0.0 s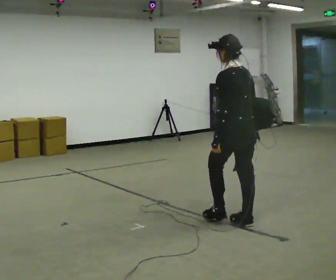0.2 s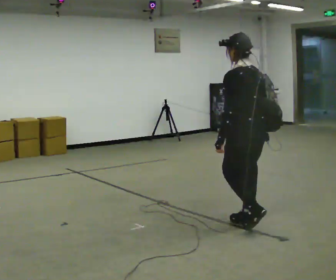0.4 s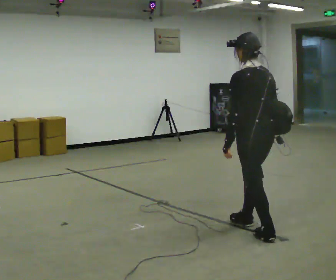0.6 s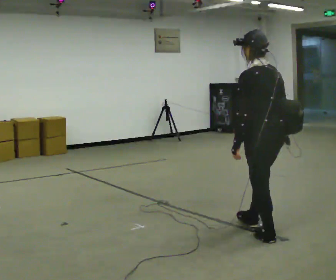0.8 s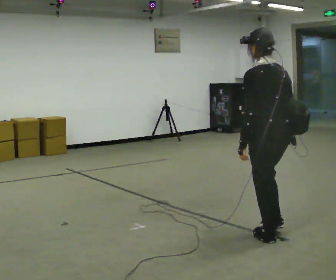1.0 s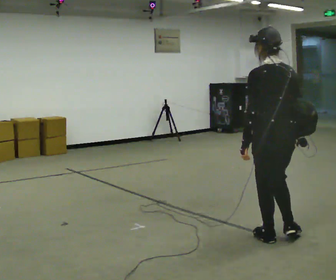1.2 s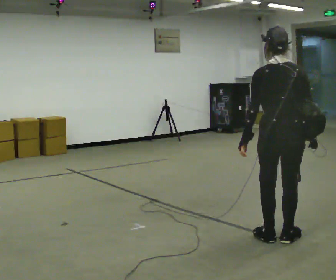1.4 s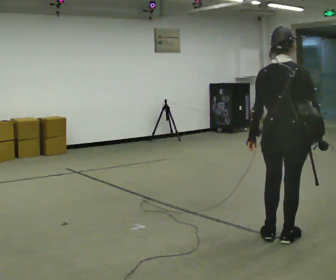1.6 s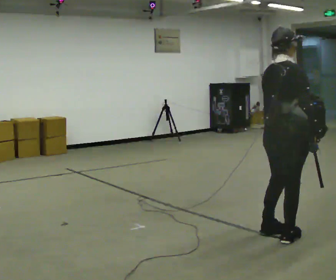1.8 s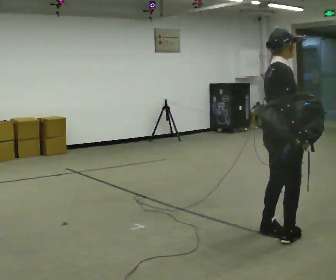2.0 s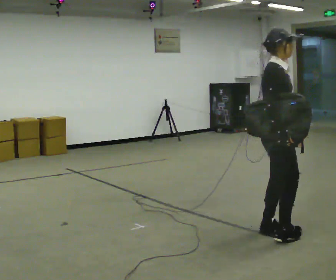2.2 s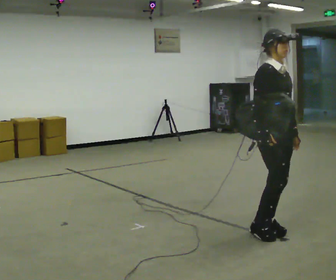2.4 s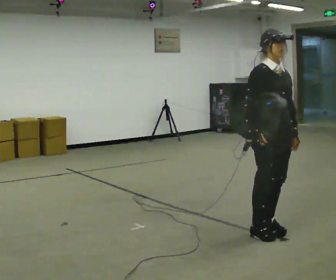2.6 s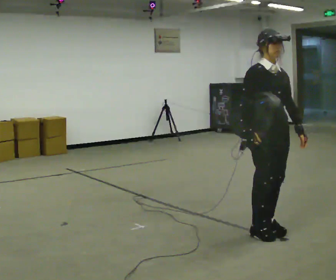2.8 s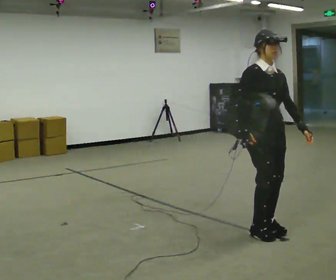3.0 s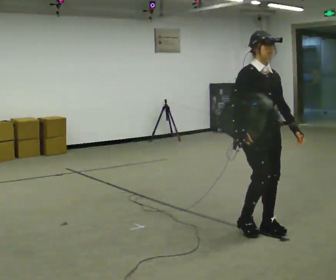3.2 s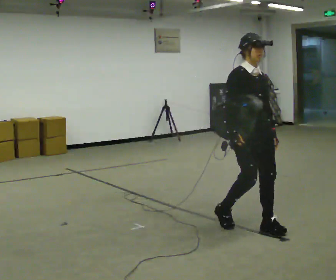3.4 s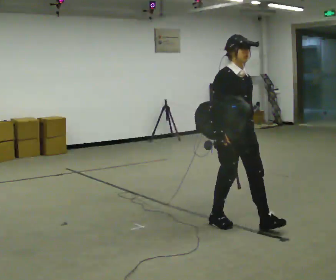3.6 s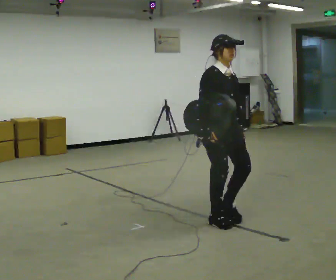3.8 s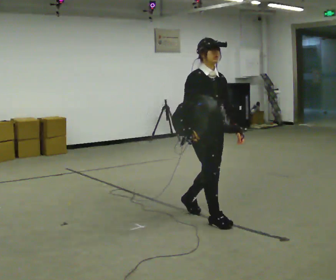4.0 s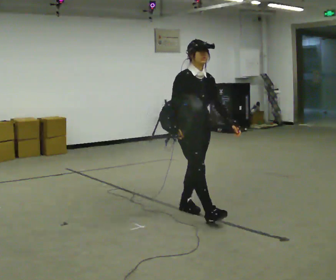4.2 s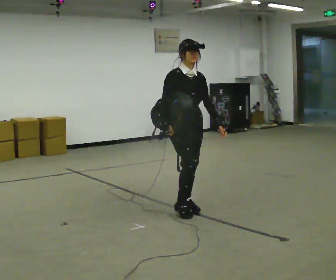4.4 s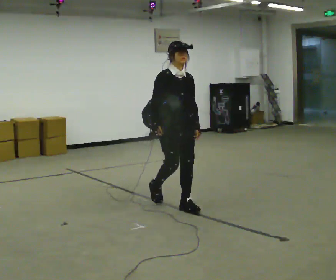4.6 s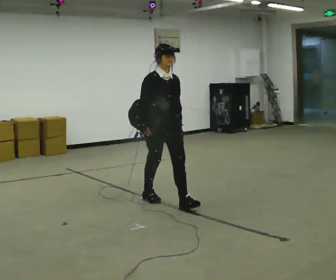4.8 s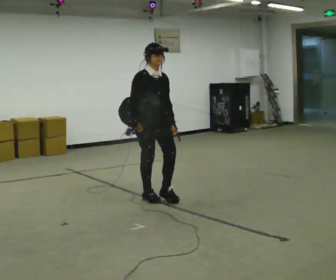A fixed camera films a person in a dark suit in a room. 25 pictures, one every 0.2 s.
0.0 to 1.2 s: Seen from above the body turns clockwise, about 30 degrees: to their right, with its near side sliding to the left. In the picture they go toward the camera and to the right, about 0.5 m in 1 step, which for them is backward.
1.2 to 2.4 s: The person turns about 150 degrees to their right, clockwise seen from above, so the part of the body nearest the lens slides to the left. In the picture they go away from the camera, about 0.25 m in 2 steps. In the picture their right hand goes to the left.
2.4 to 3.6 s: In the picture they go to the left and away from the camera, about 0.5 m in 2 steps, which for them is backward and to their right.
3.6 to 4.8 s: In the picture they go to the left and away from the camera, about 1 m in 2 steps, which for them is backward.
The film runs backward here.
